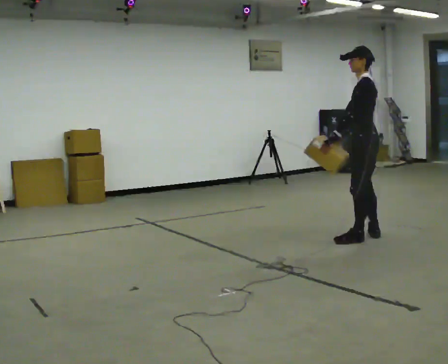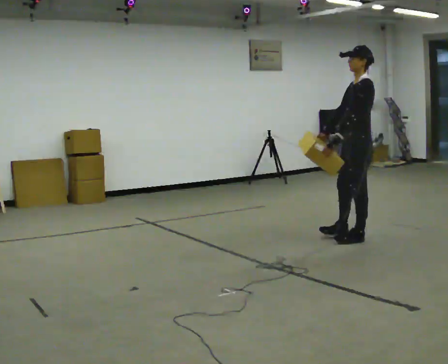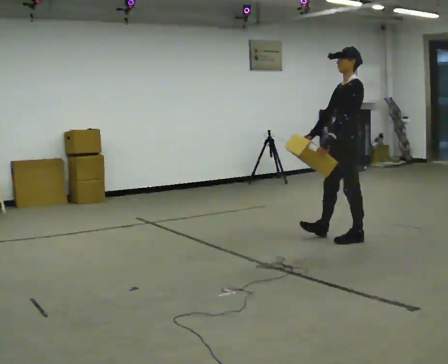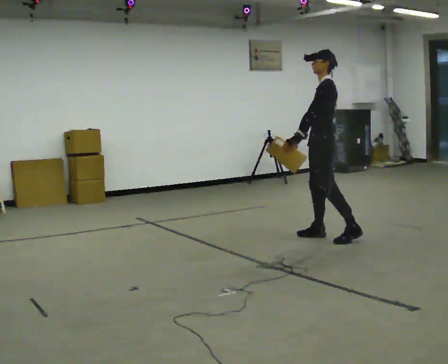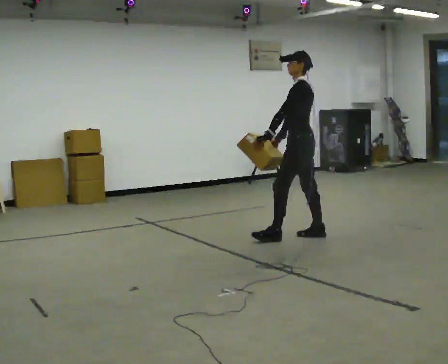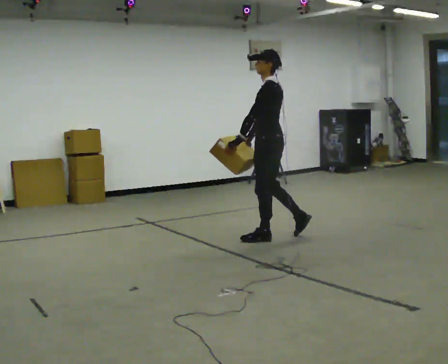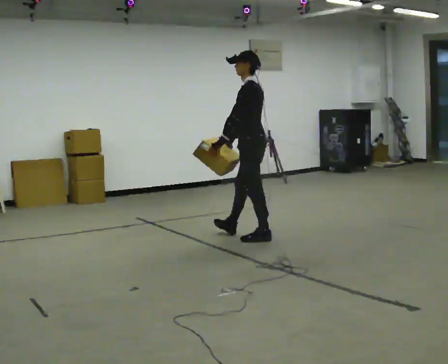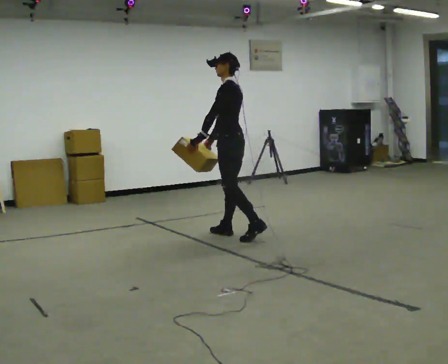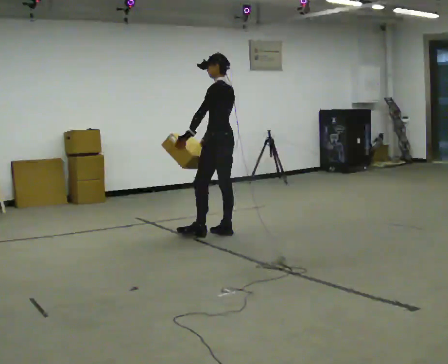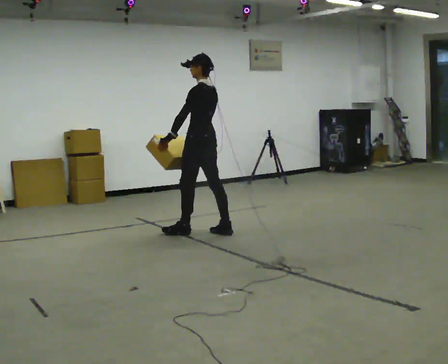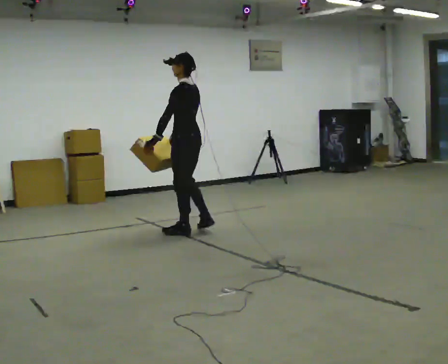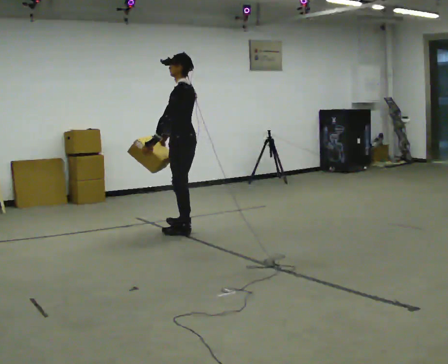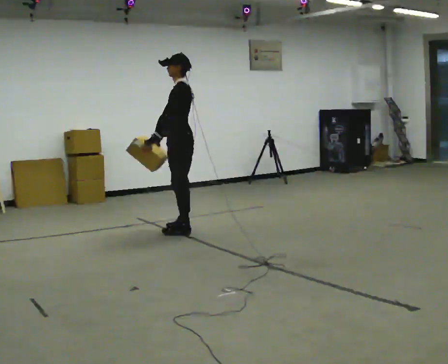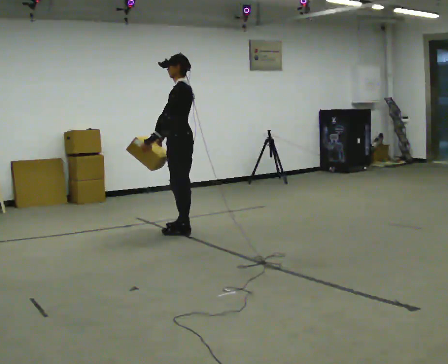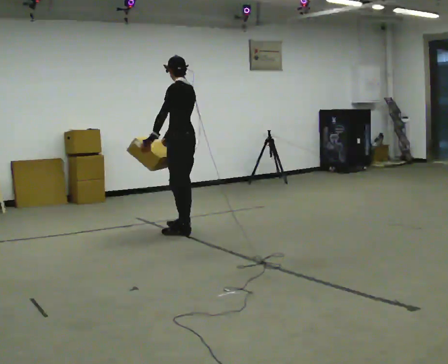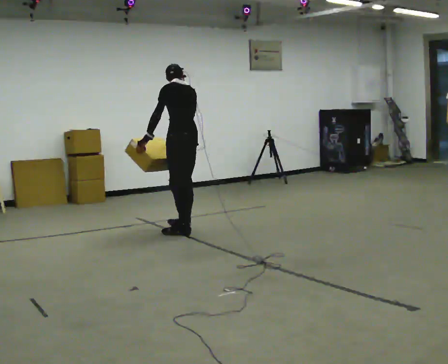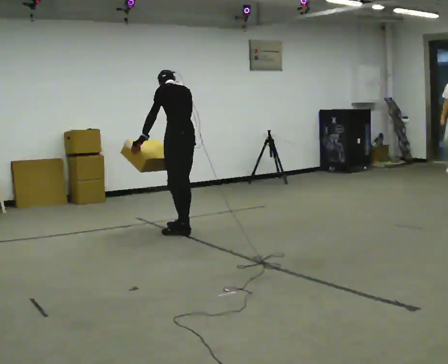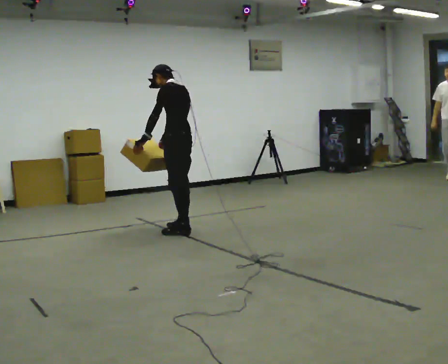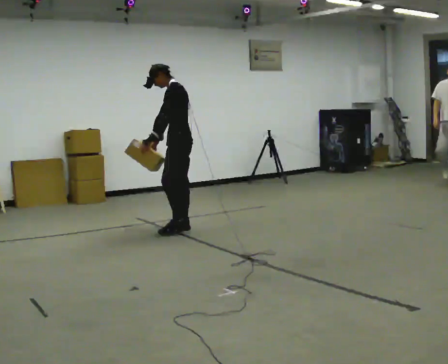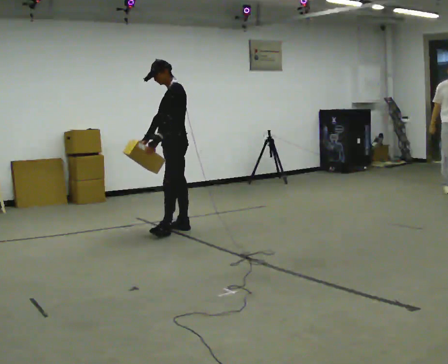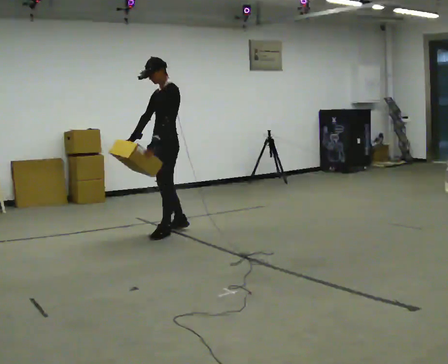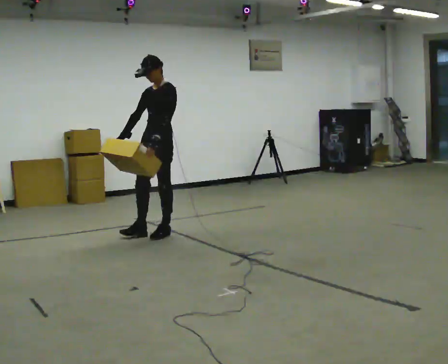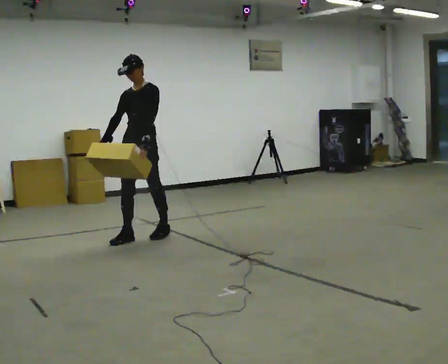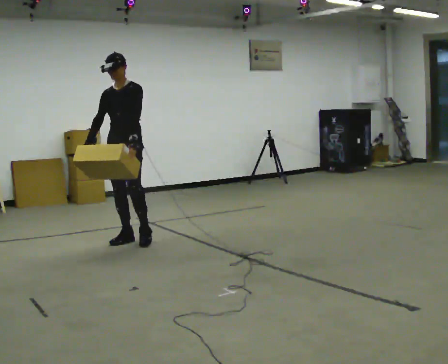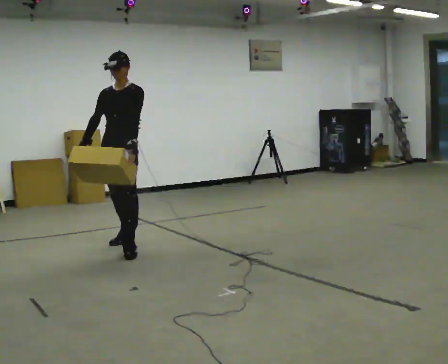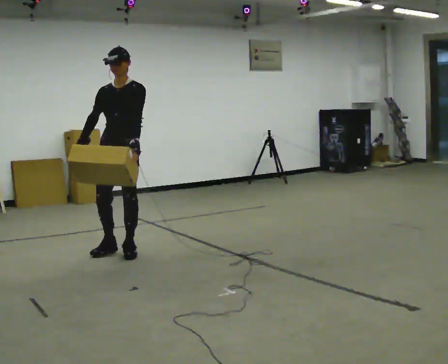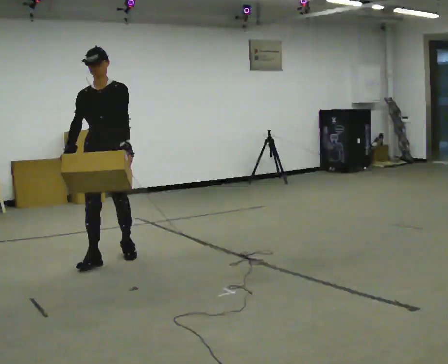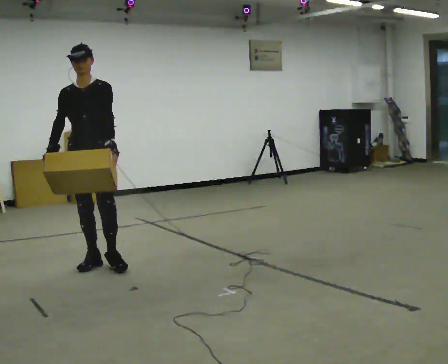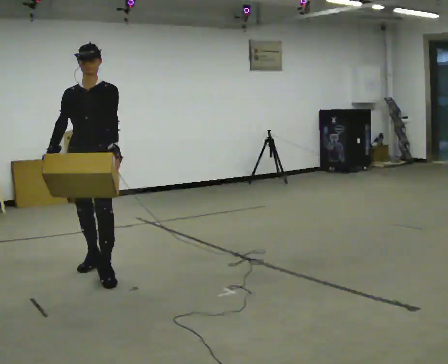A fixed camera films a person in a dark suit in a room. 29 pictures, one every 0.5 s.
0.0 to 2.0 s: In the picture they go to the left and away from the camera, about 0.5 m in 1 step, which for them is forward and to their right.
2.0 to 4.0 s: In the picture they go to the left and away from the camera, about 1 m in 2 steps, which for them is forward.
4.0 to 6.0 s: In the picture they go to the left, about 0.5 m in 2 steps, which for them is forward.
6.0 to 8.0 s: Seen from above the body turns clockwise, about 30 degrees: to their right, with its near side sliding to the left.
8.0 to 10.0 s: The person turns about 60 degrees to their left, counterclockwise seen from above, so the part of the body nearest the lens slides to the right. In the picture their right hand goes to the left.
10.0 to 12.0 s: Seen from above the body turns counterclockwise, about 45 degrees: to their left, with its near side sliding to the right. In the picture they go toward the camera and to the left, about 0.75 m in 2 steps, which for them is forward.
12.0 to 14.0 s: In the picture they go toward the camera, about 1 m in 2 steps, which for them is forward.
The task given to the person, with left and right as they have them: Carry the medium box in both hands in front of you, walking back and forth across the room. Keep walking until the operator says stop.
The film runs forward here.
